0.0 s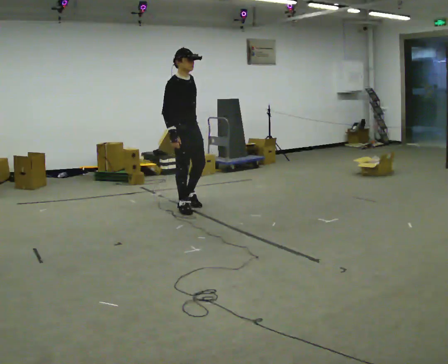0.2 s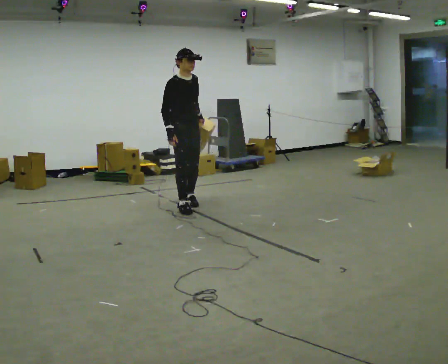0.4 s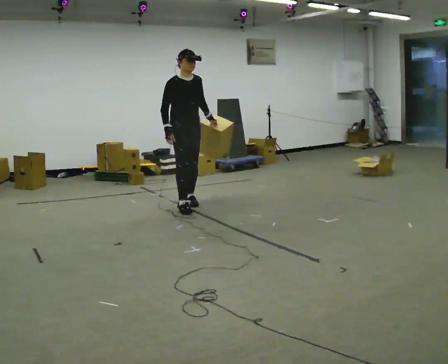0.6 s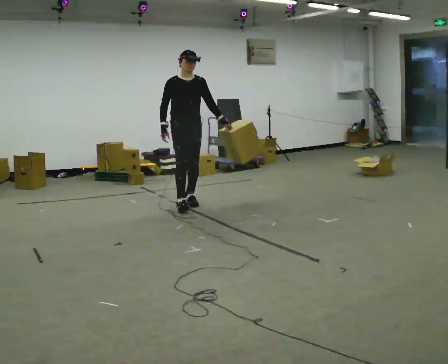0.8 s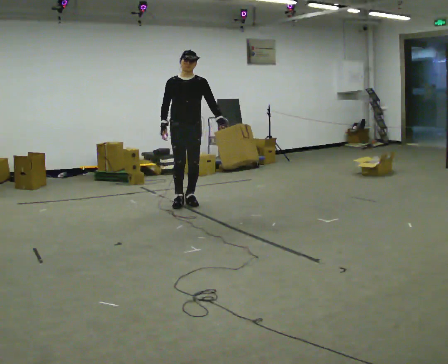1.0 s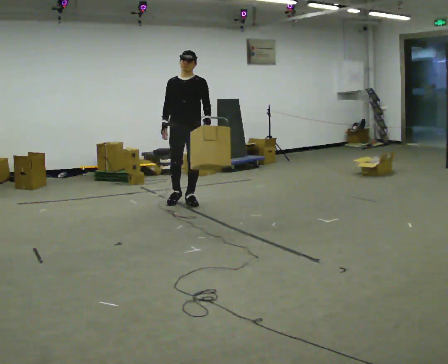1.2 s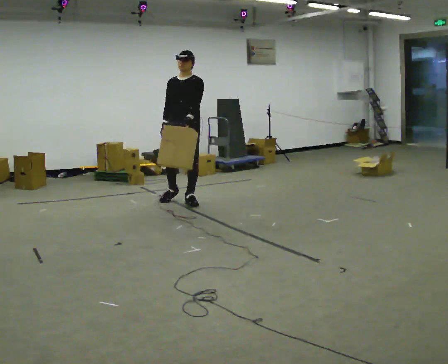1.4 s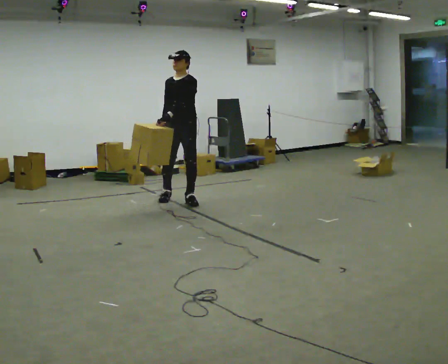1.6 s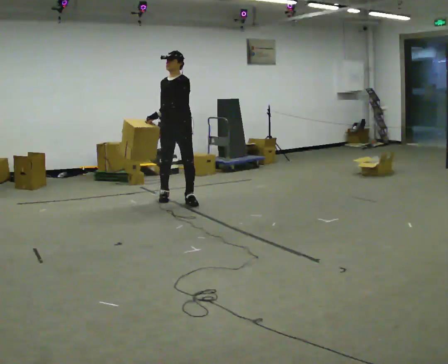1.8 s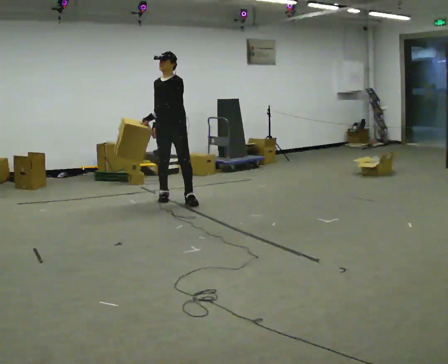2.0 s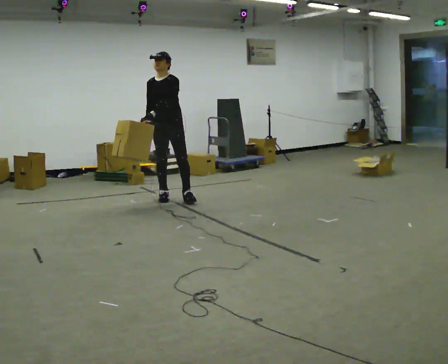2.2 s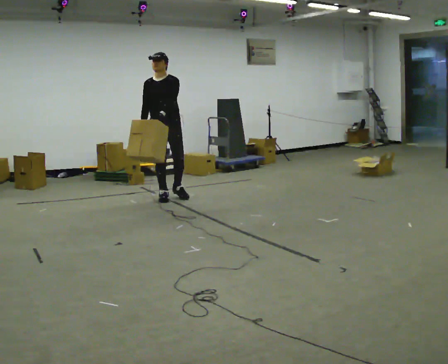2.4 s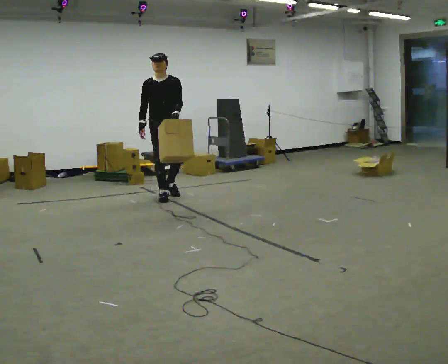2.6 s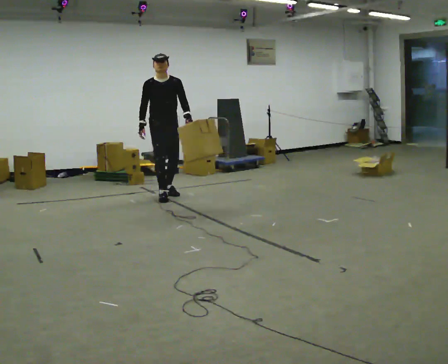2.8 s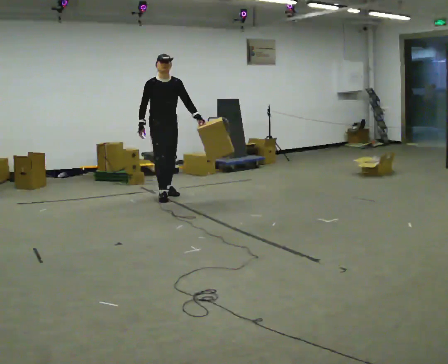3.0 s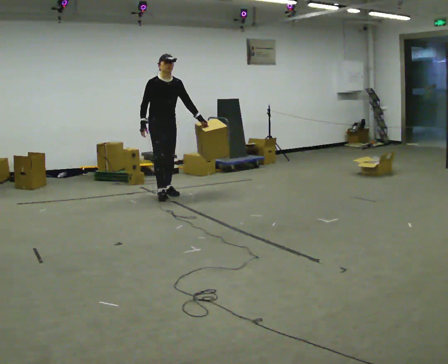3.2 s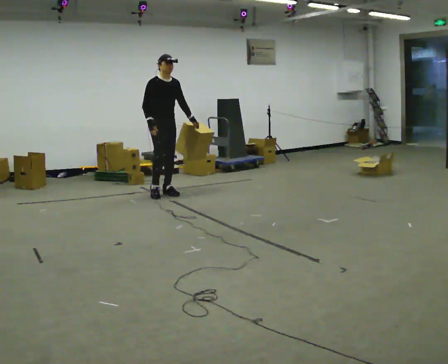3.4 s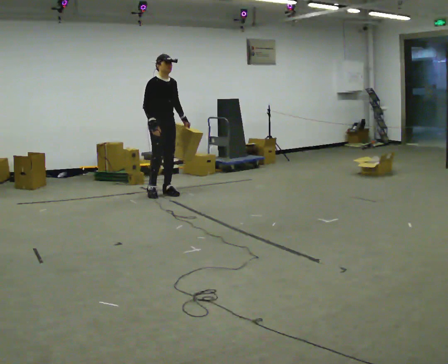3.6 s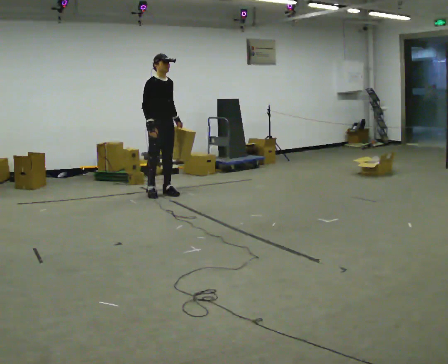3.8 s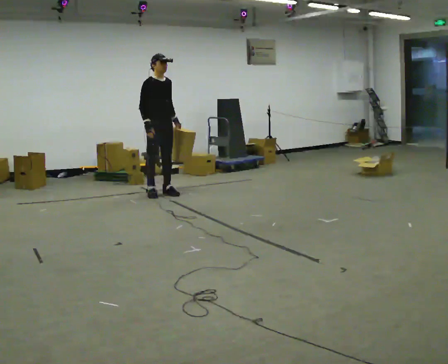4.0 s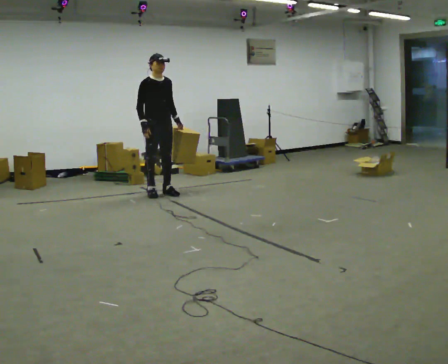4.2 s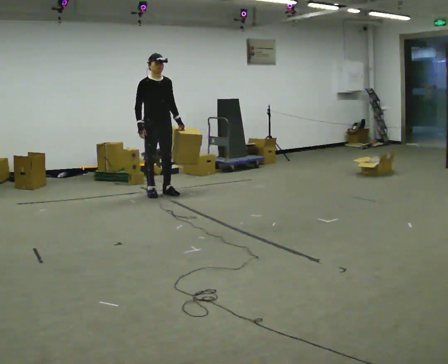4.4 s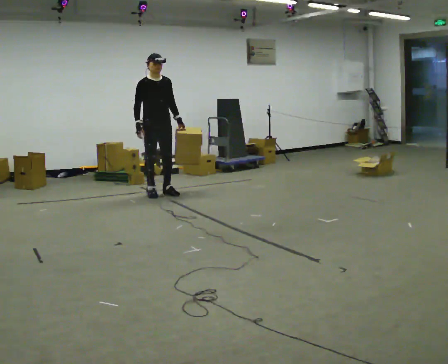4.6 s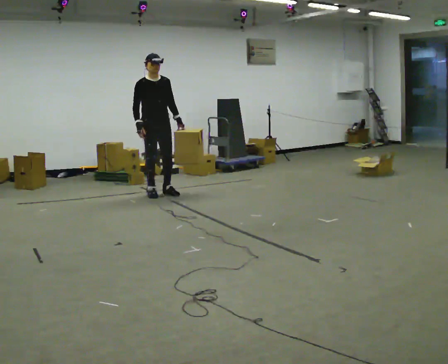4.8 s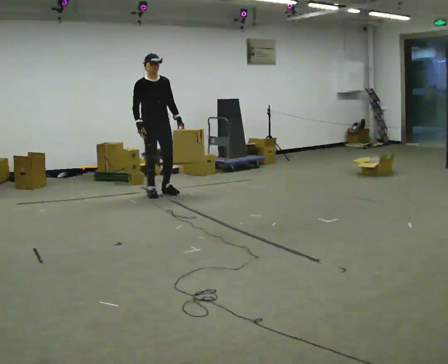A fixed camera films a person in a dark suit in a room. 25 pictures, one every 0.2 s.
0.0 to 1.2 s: The person turns about 60 degrees to their right, clockwise seen from above, so the part of the body nearest the lens slides to the left. In the picture they go away from the camera, about 0.25 m in 1 step.
1.2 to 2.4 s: In the picture they go away from the camera and to the left, about 0.5 m in 1 step, which for them is to their right and backward.
2.4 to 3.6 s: The person turns about 45 degrees to their left, counterclockwise seen from above, so the part of the body nearest the lens slides to the right. In the picture they go away from the camera, about 0.25 m in 1 step, which for them is backward.
3.6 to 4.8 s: The person moves a little, or ends about where they began.
The film runs backward here.
